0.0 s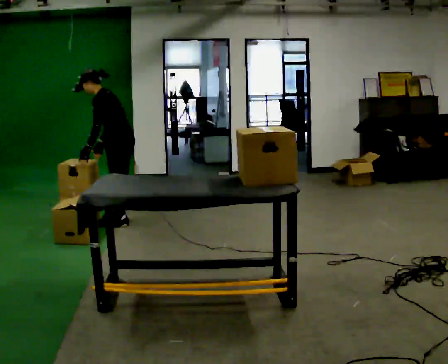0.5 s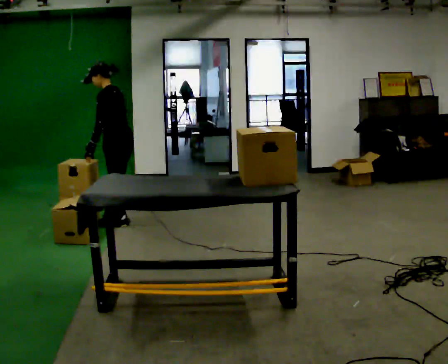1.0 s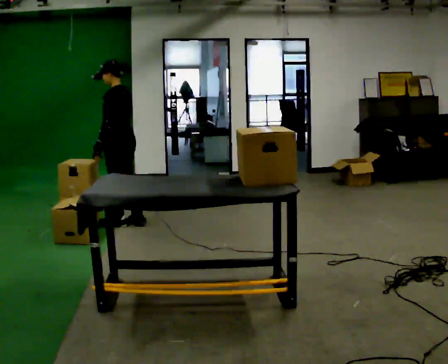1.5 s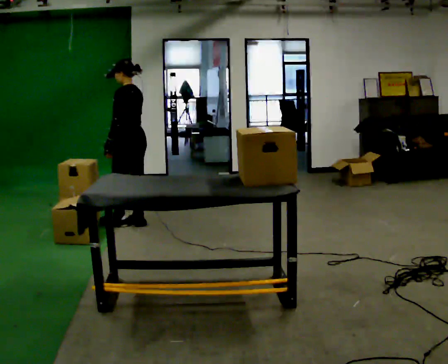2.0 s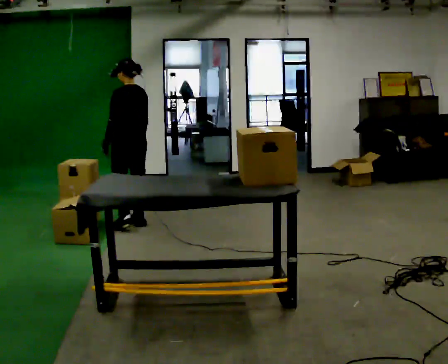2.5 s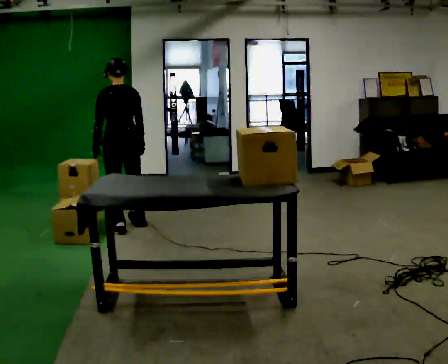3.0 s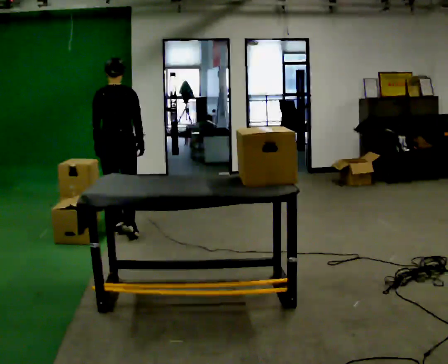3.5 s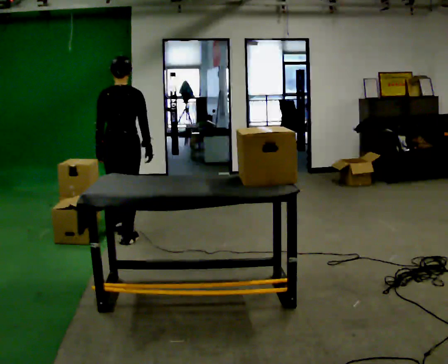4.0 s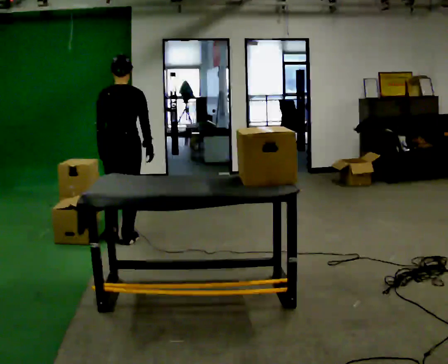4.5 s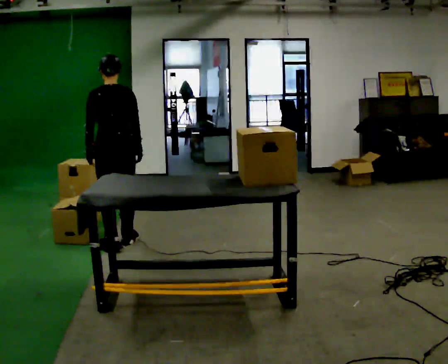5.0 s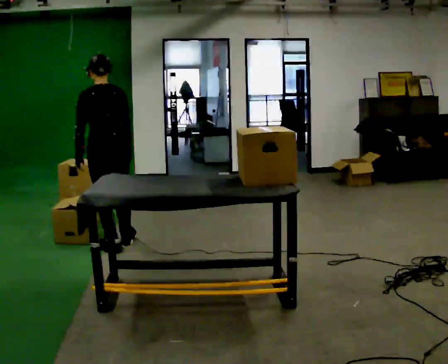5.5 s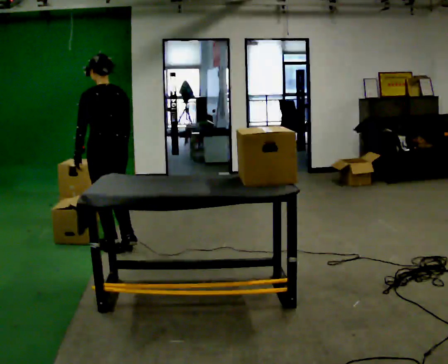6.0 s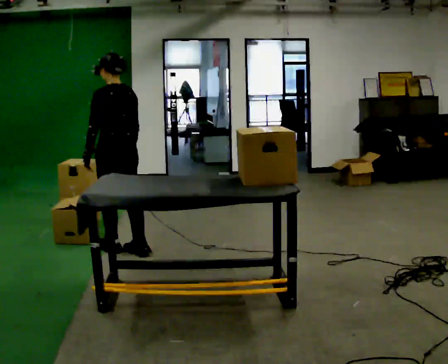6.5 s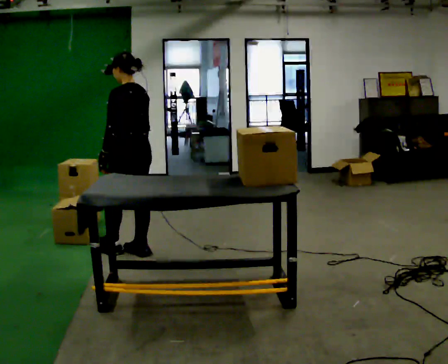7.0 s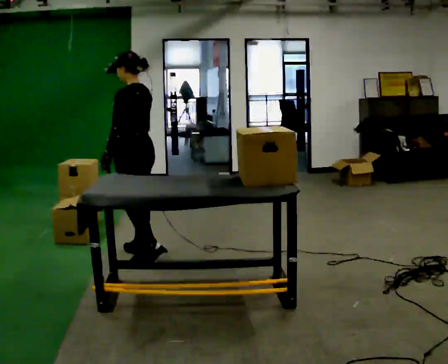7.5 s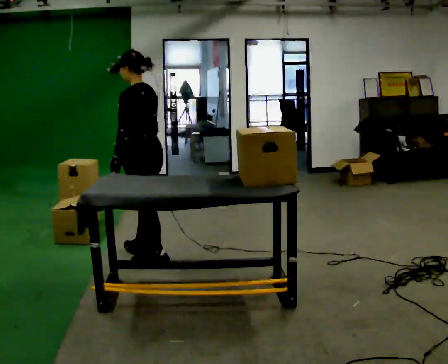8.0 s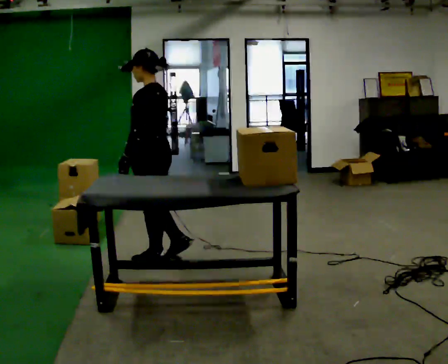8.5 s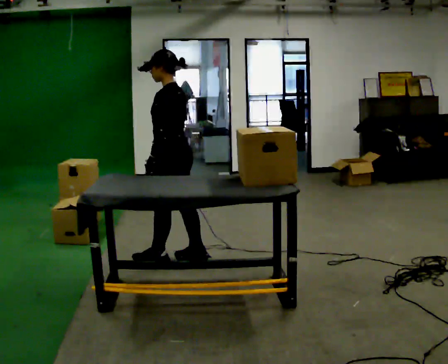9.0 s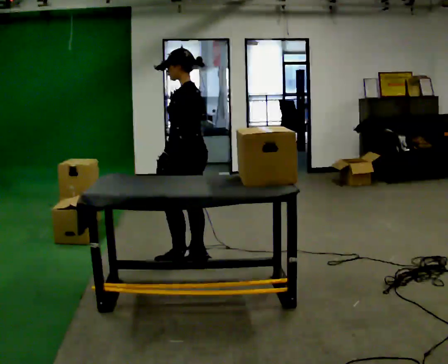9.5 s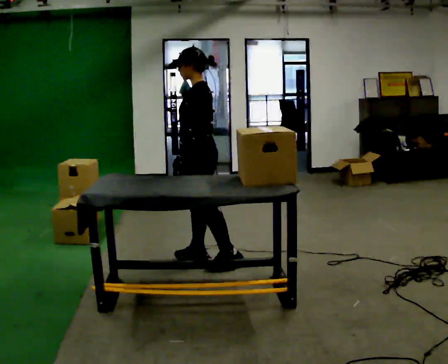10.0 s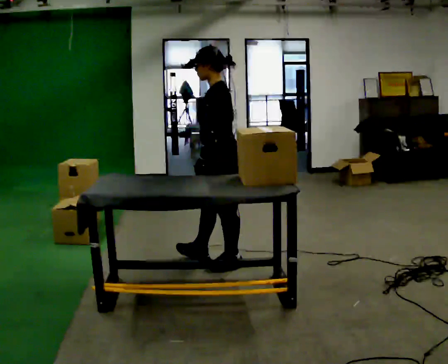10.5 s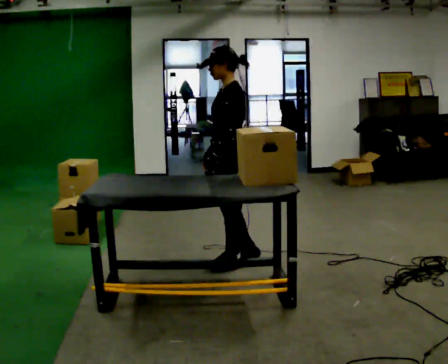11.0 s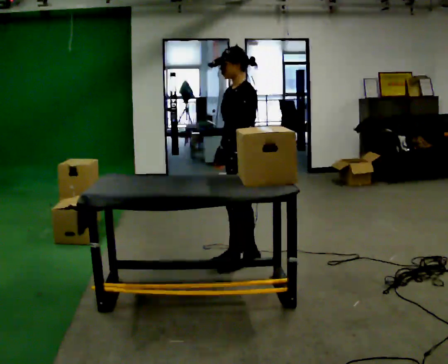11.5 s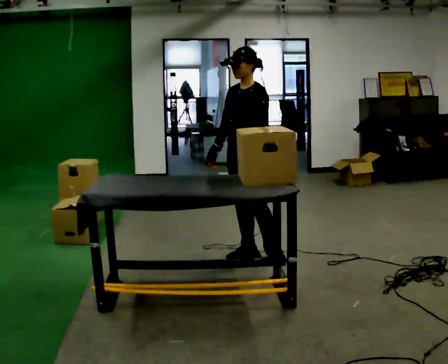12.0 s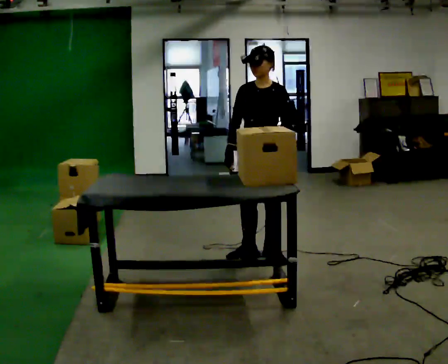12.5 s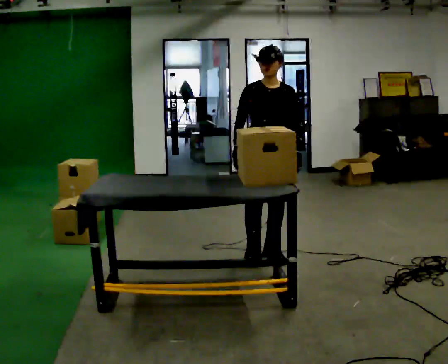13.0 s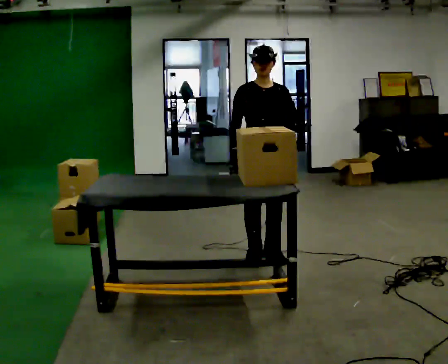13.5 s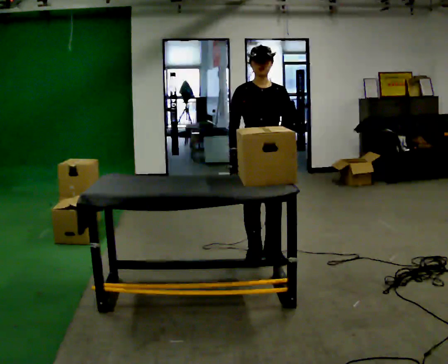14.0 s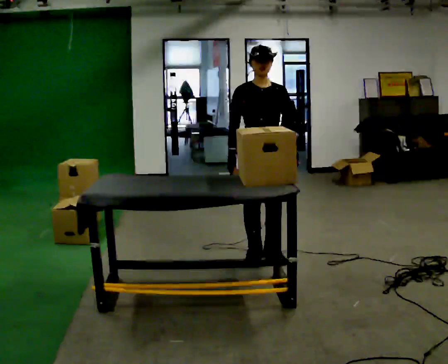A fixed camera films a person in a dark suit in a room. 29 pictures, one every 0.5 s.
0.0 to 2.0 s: The person turns about 45 degrees to their right, clockwise seen from above, so the part of the body nearest the lens slides to the left. In the picture the upper body tilts clockwise, shoulders to the right, as they lean back or straighten.
2.0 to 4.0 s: Seen from above the body turns clockwise, about 45 degrees: to their right, with its near side sliding to the left. In the picture they go toward the camera, about 0.5 m in 2 steps, which for them is backward.
4.0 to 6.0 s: The person turns about 45 degrees to their left, counterclockwise seen from above, so the part of the body nearest the lens slides to the right. In the picture they go toward the camera, about 0.25 m in 1 step, which for them is backward.
6.0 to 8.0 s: The part of the body nearest the lens slides to the right as the person turns to their left by about 30 degrees. In the picture they go toward the camera and to the right, about 0.5 m in 2 steps, which for them is backward.
8.0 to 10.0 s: In the picture they go to the right, about 0.5 m in 1 step, which for them is backward.
10.0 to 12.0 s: The person turns about 60 degrees to their left, counterclockwise seen from above, so the part of the body nearest the lens slides to the right. In the picture they go to the right, about 0.25 m in 2 steps.
12.0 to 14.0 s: The part of the body nearest the lens slides to the right as the person turns to their left by about 30 degrees.
The film runs backward here.
